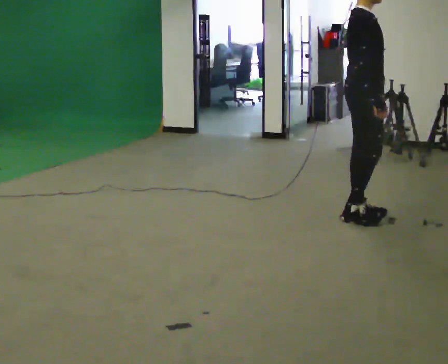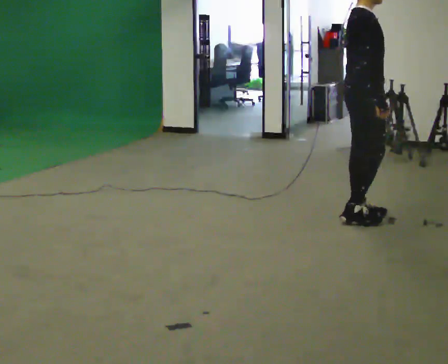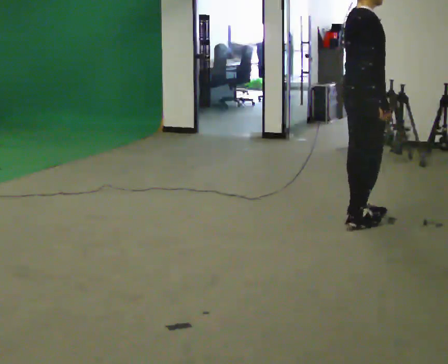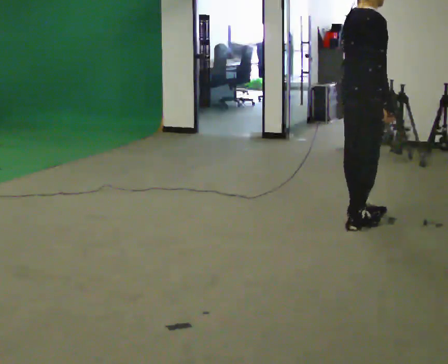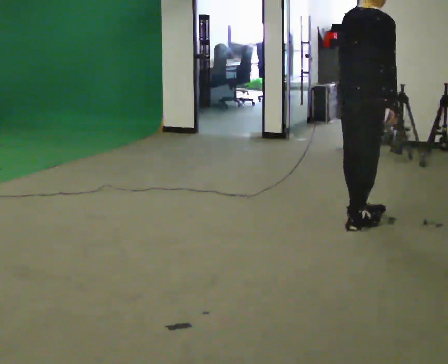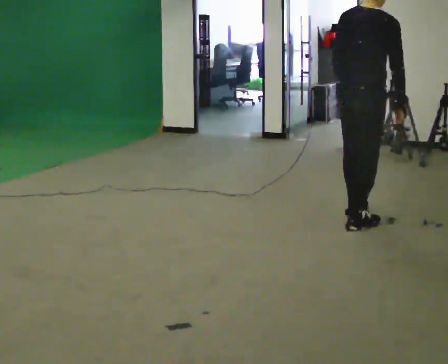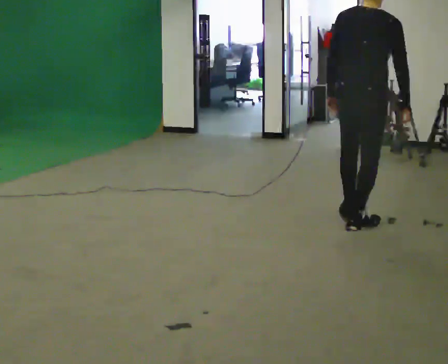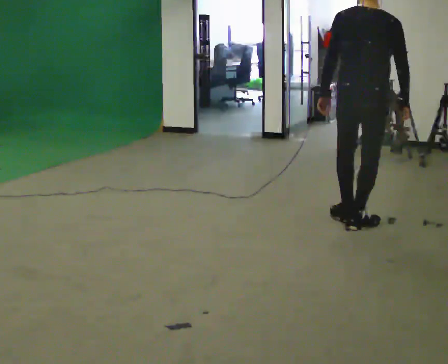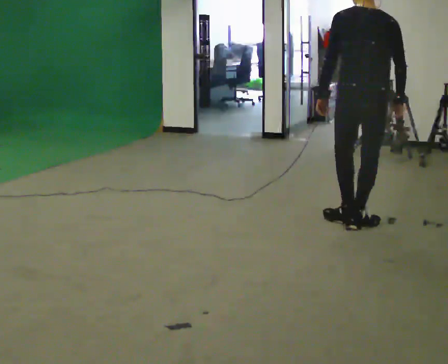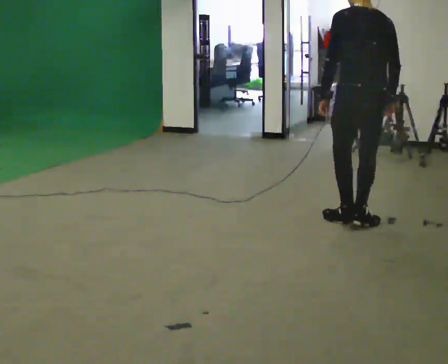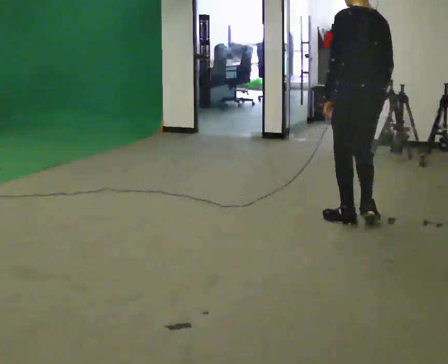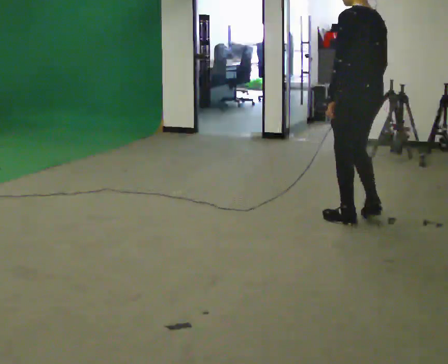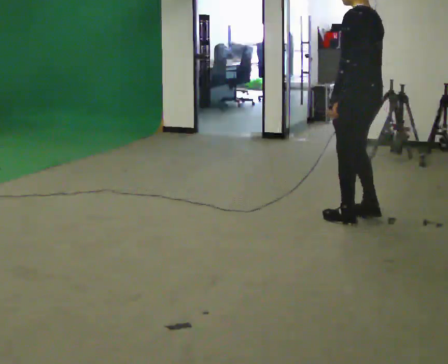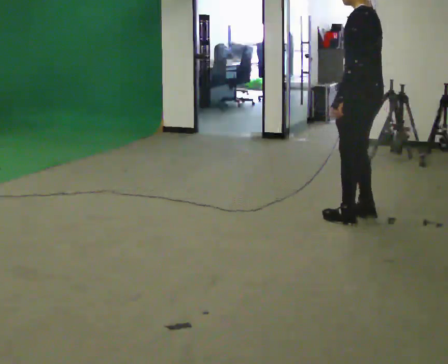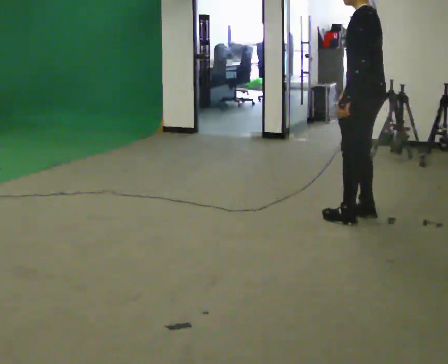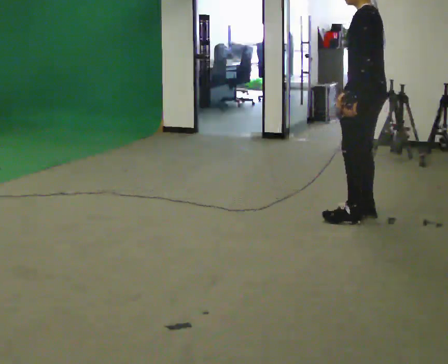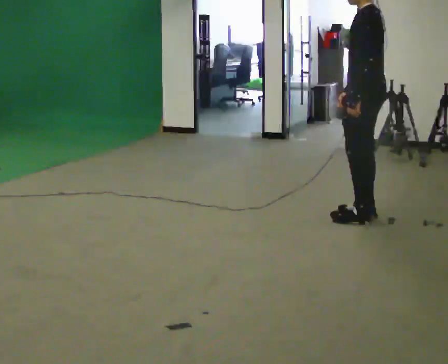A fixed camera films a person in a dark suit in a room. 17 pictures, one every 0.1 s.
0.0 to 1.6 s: Seen from above the body turns counterclockwise, about 165 degrees: to their left, with its near side sliding to the right.
The film runs forward here.
